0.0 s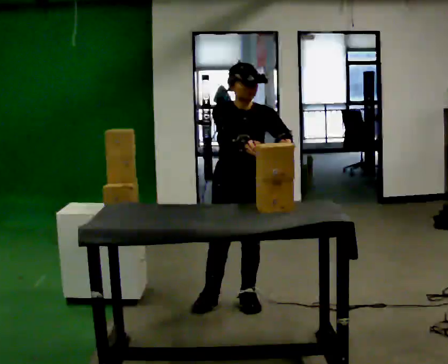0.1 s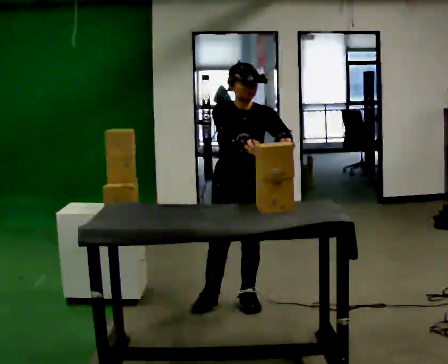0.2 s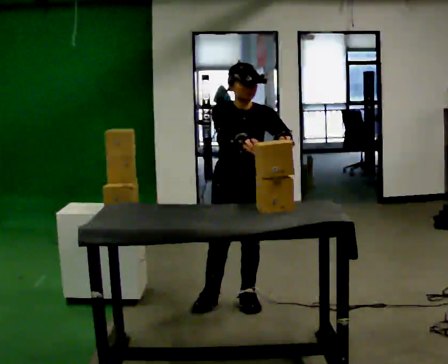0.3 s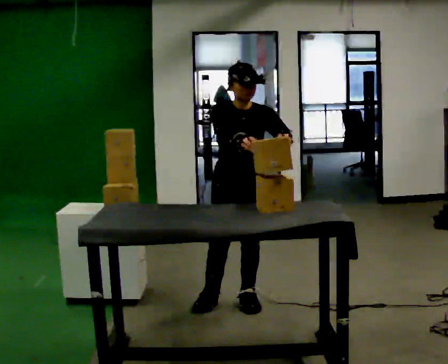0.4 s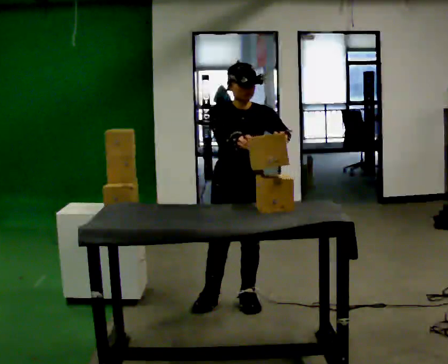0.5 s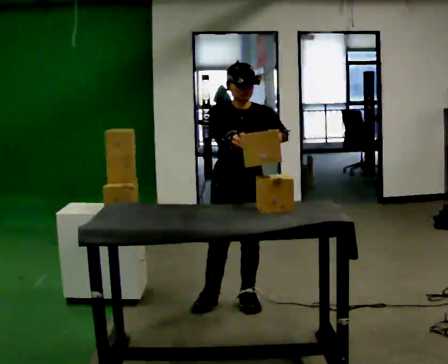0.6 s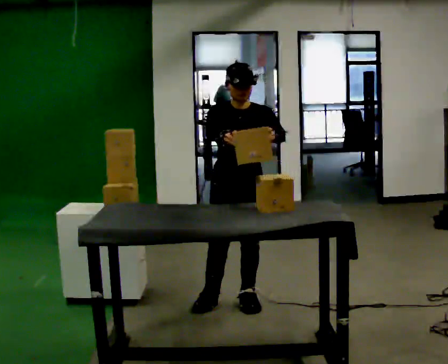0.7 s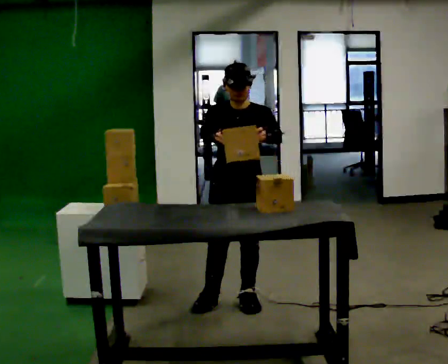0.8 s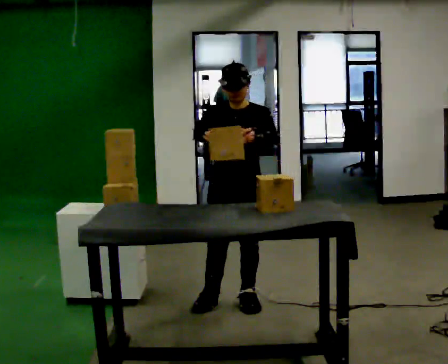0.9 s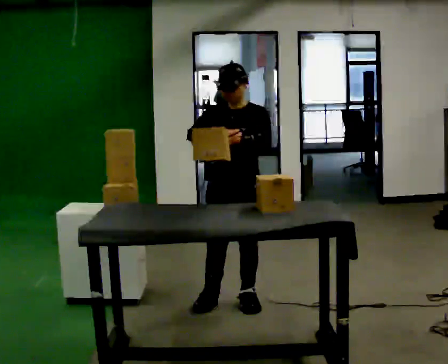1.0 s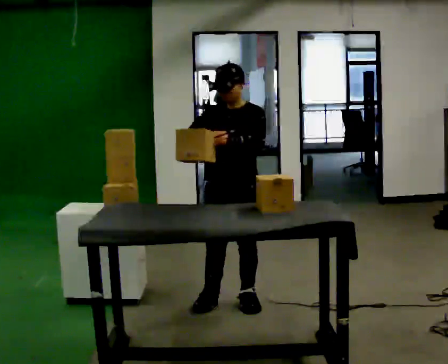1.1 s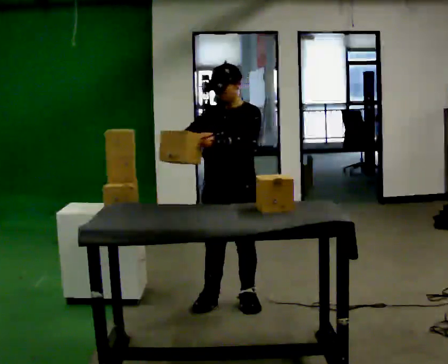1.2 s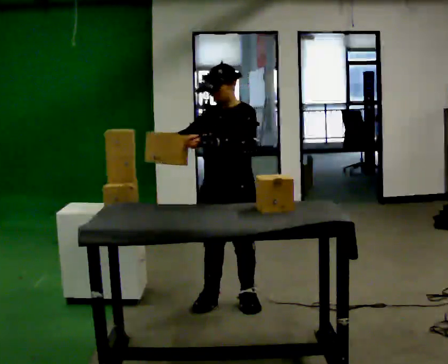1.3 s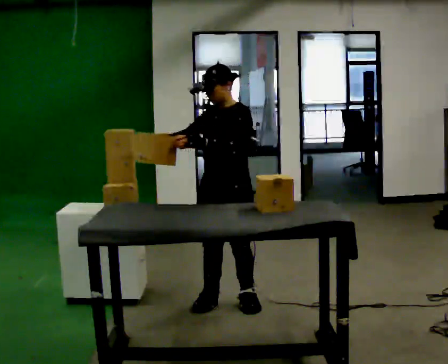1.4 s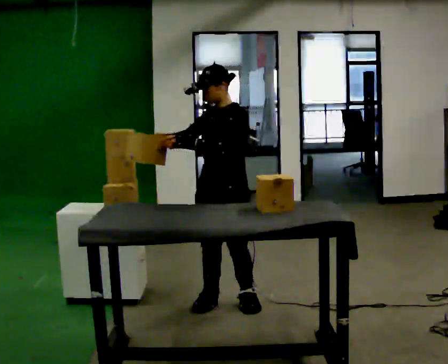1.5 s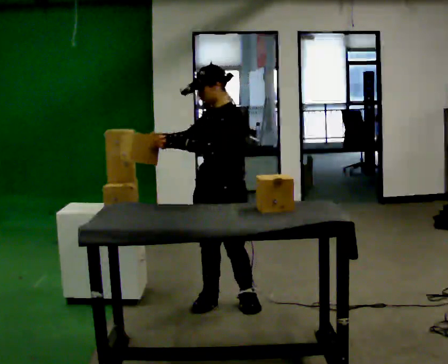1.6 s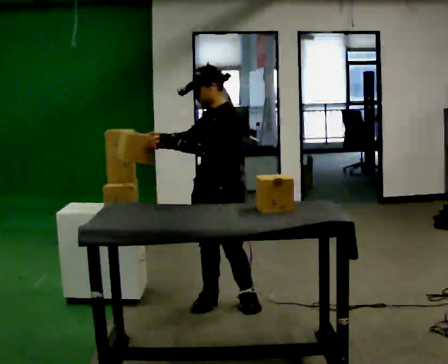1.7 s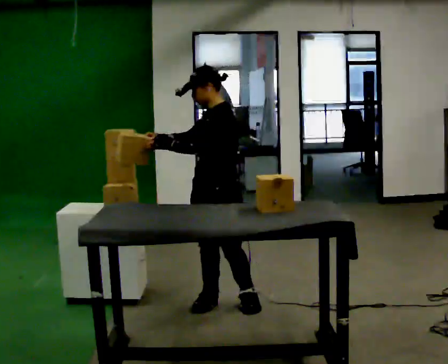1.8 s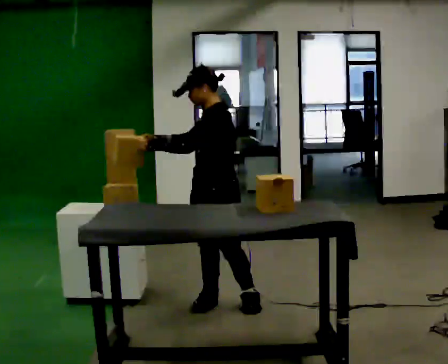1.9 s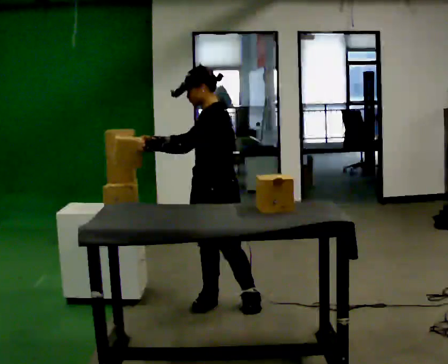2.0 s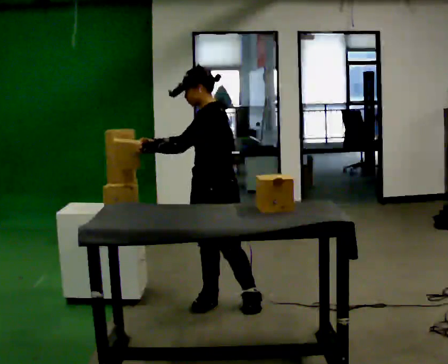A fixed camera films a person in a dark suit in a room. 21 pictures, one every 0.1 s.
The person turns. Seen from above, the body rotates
clockwise.
The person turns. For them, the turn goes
to their right.
0.0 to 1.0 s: The person turns about 30 degrees to their right, clockwise seen from above, so the part of the body nearest the lens slides to the left. In the picture their right hand goes to the left.
1.0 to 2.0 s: Seen from above the body turns clockwise, about 45 degrees: to their right, with its near side sliding to the left.
The film runs forward here.
